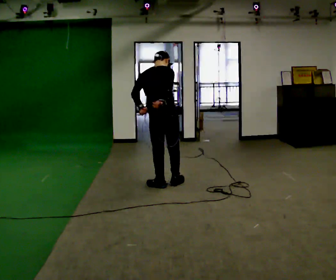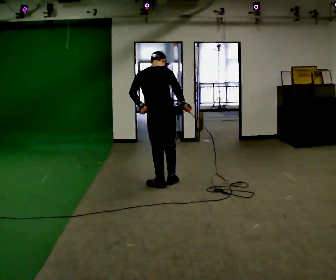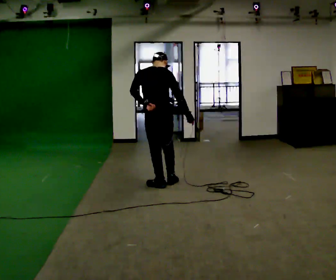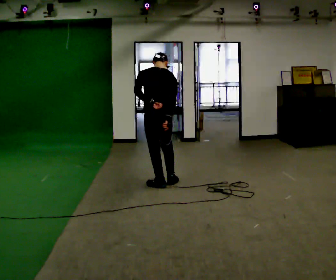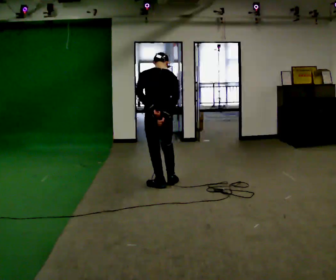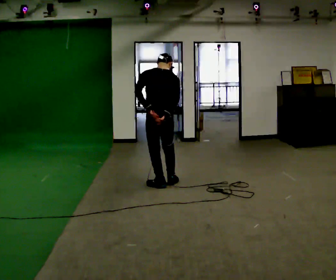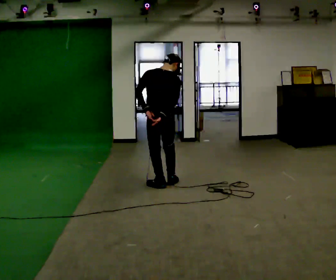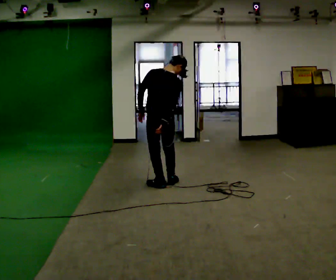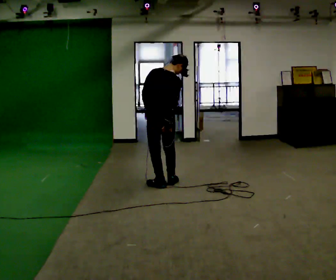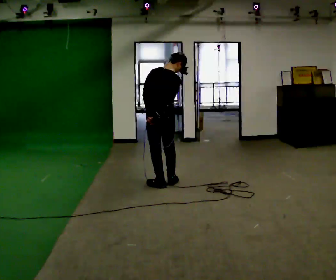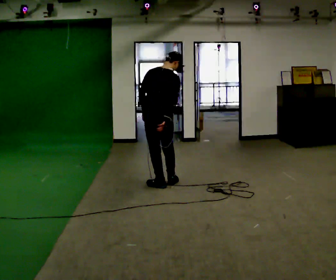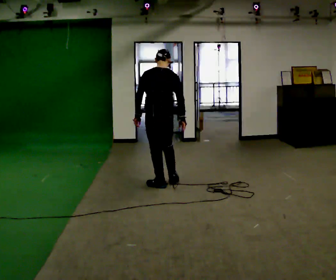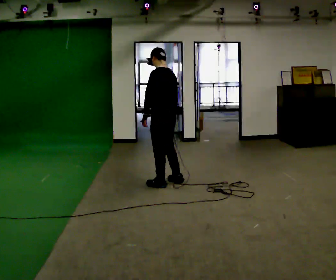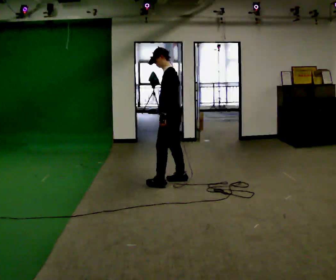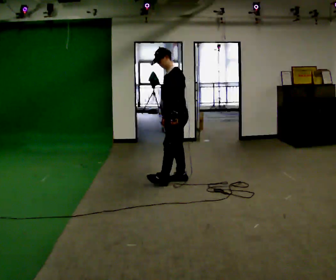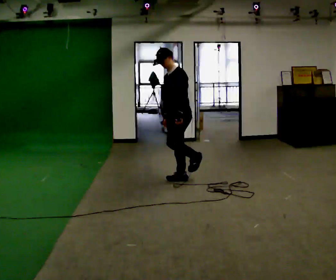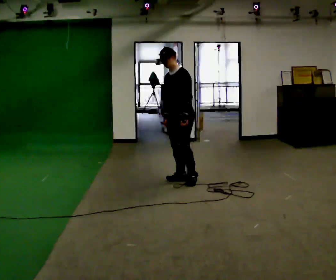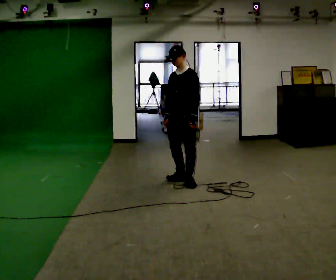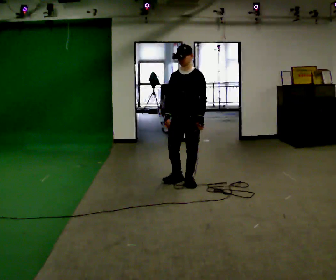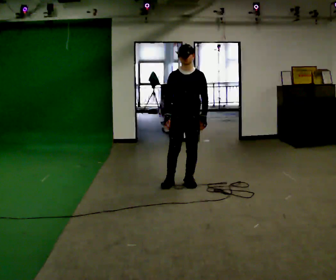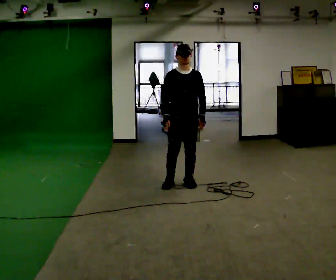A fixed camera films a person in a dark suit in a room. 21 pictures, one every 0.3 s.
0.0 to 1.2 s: The person turns about 30 degrees to their left, counterclockwise seen from above, so the part of the body nearest the lens slides to the right.
1.2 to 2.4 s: The person moves a little, or ends about where they began.
2.4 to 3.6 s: The person turns about 45 degrees to their left, counterclockwise seen from above, so the part of the body nearest the lens slides to the right.
3.6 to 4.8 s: Seen from above the body turns counterclockwise, about 75 degrees: to their left, with its near side sliding to the right. In the picture they go to the right and away from the camera, about 0.25 m in 2 steps.
4.8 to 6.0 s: Seen from above the body turns counterclockwise, about 60 degrees: to their left, with its near side sliding to the right. In the picture they go toward the camera, about 0.25 m in 1 step, which for them is forward.
The film runs backward here.
